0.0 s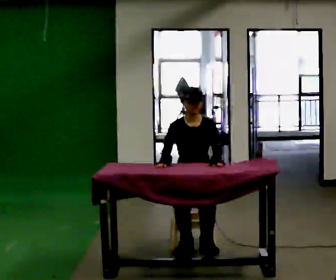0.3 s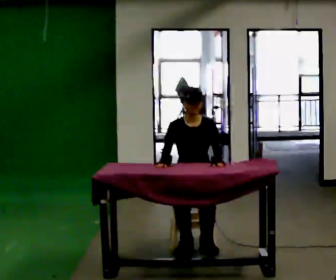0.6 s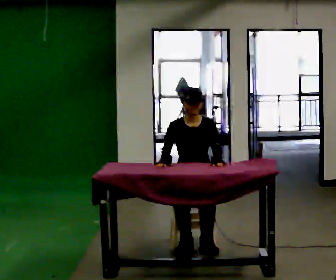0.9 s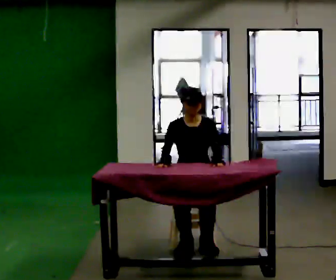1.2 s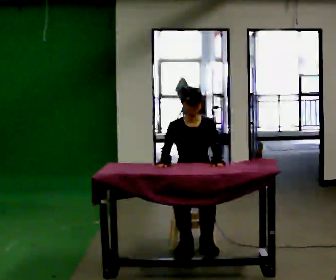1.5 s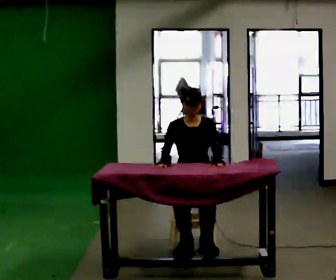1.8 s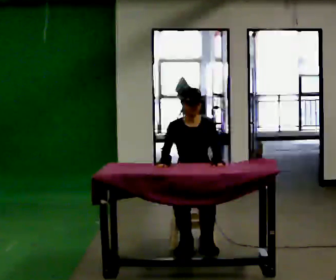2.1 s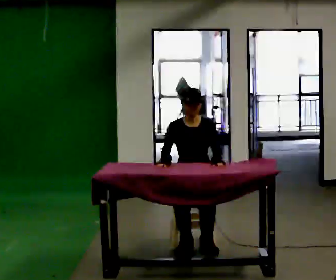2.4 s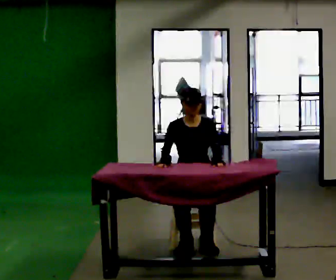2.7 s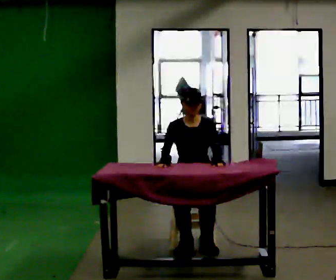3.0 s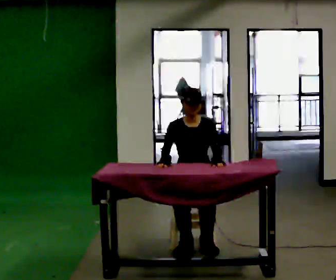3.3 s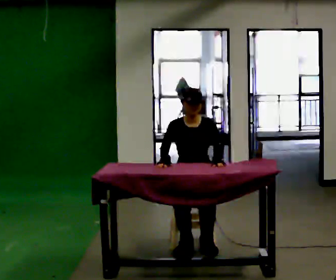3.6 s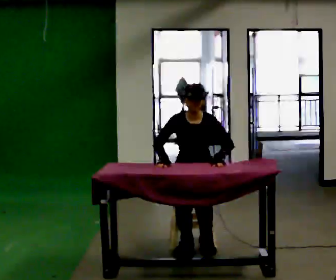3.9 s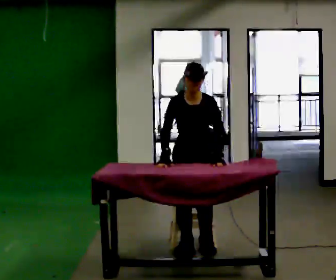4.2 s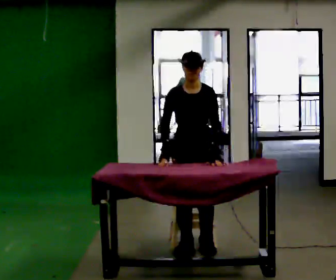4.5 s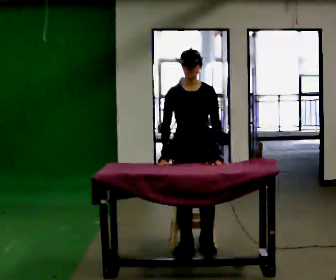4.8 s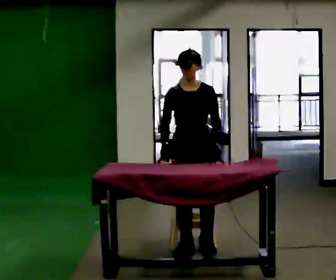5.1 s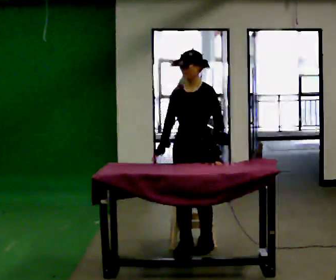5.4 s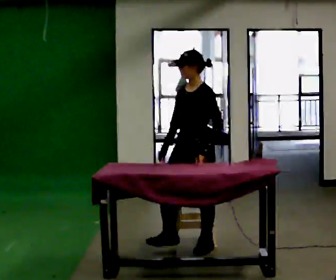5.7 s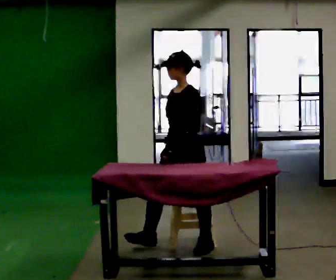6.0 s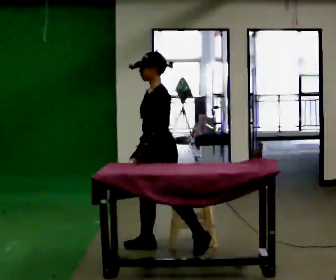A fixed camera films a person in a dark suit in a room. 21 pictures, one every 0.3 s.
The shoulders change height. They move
upward.
The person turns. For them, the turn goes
to their right.
0.0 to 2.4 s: The person keeps their place and pose.
2.4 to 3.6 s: The person moves a little, or ends about where they began.
3.6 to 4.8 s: In the picture they go toward the camera, about 0.25 m, which for them is forward. The shoulders move upward.
4.8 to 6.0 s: The part of the body nearest the lens slides to the left as the person turns to their right by about 60 degrees. In the picture they go to the left, about 0.25 m in 1 step, which for them is to their right and forward.
The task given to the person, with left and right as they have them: Walk up to the chair at the table, sit down into the space, settle as if you were about to work there, then stand up and step away. Repeat the movement at your own pace until the operator says stop; do not rush.
The film runs forward here.
